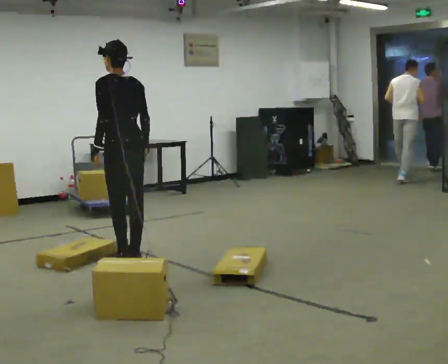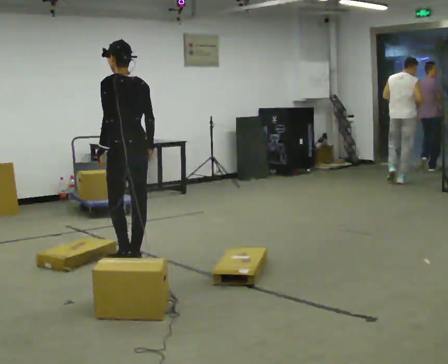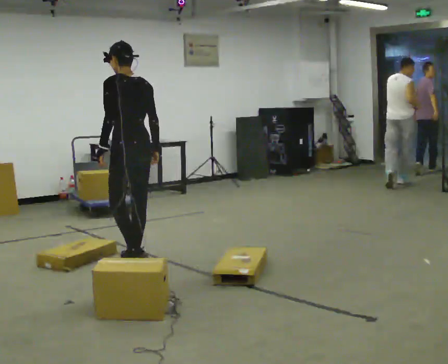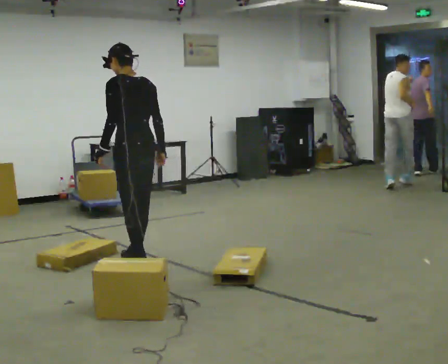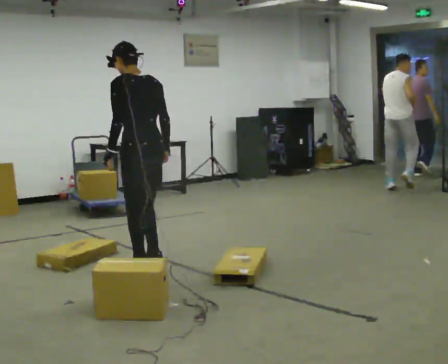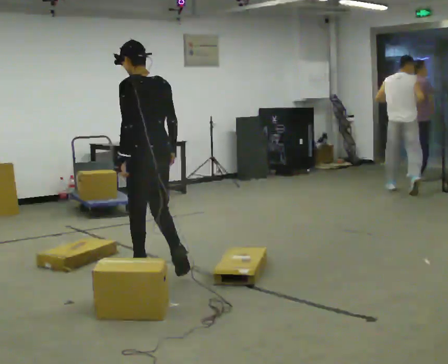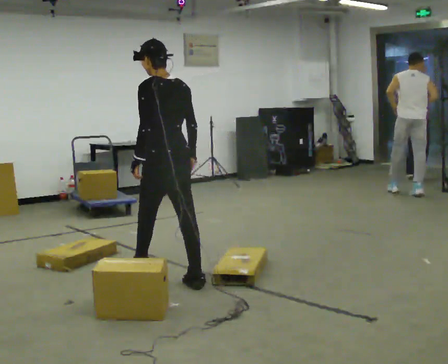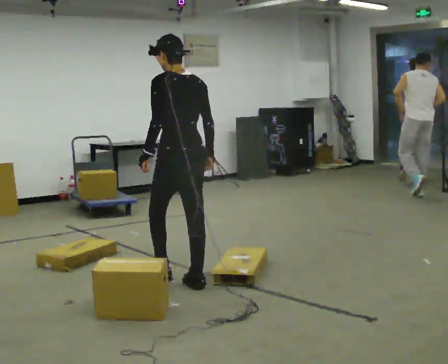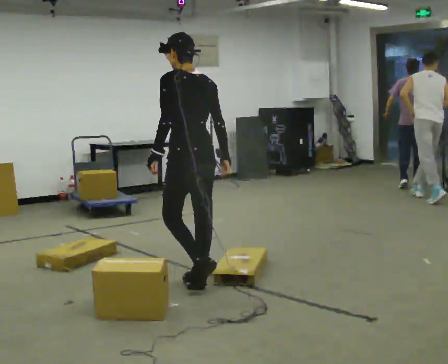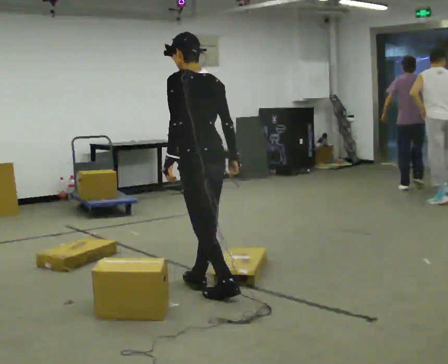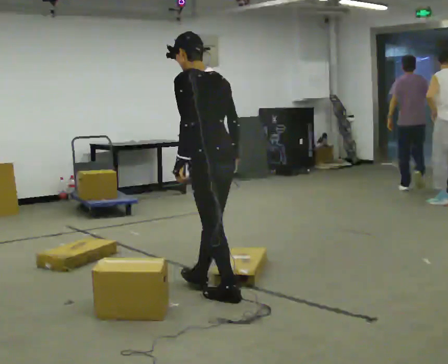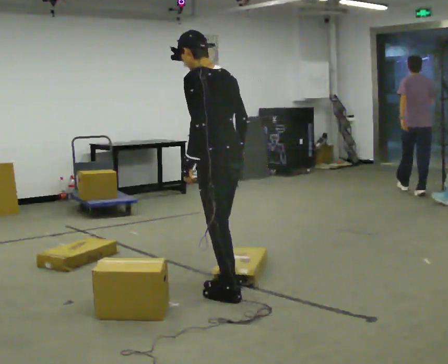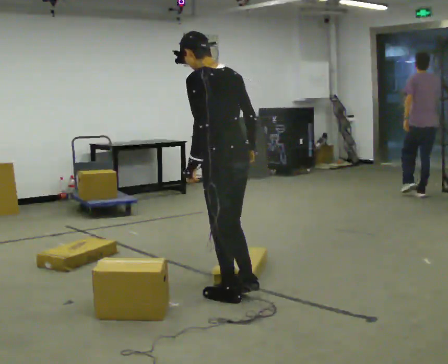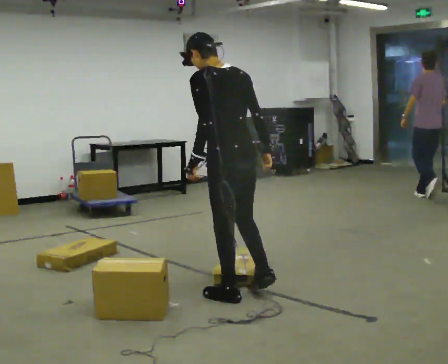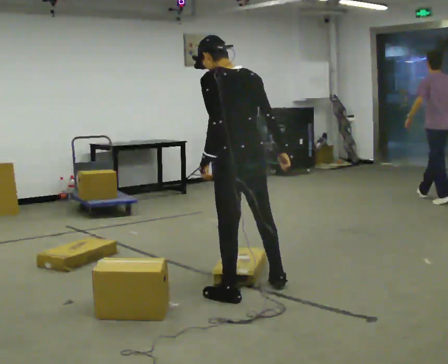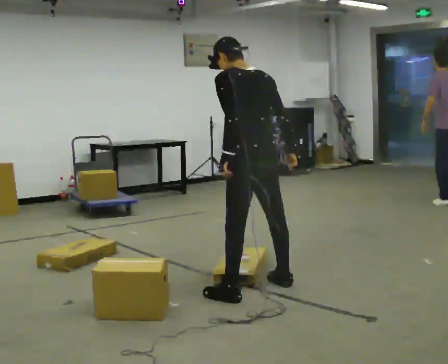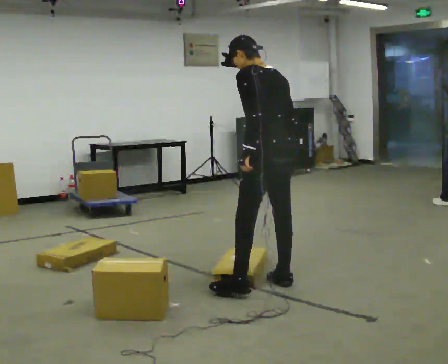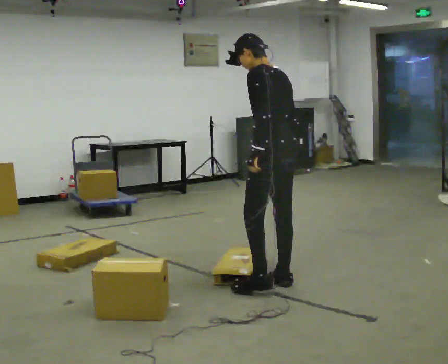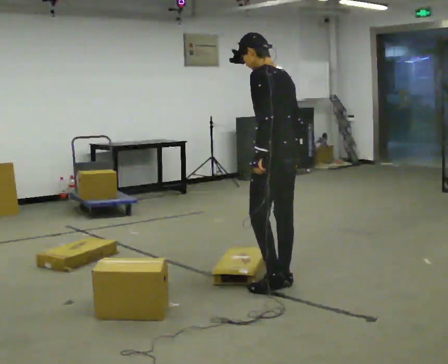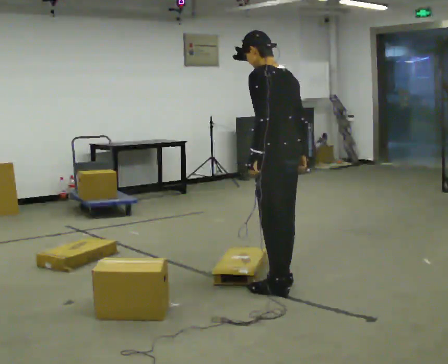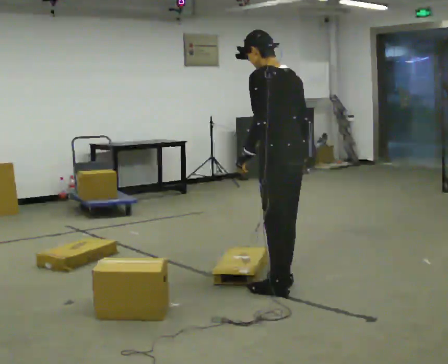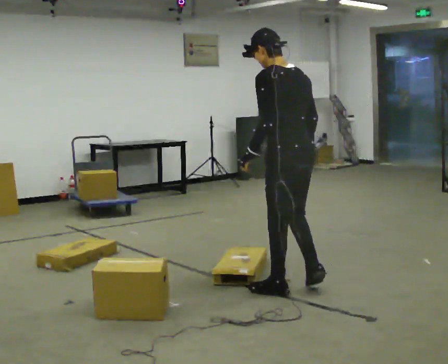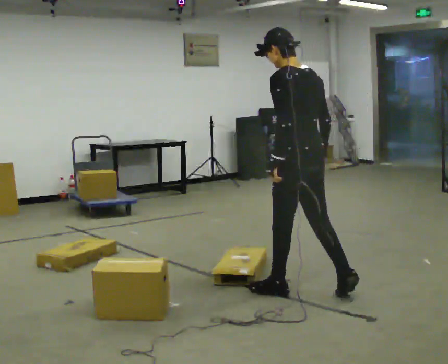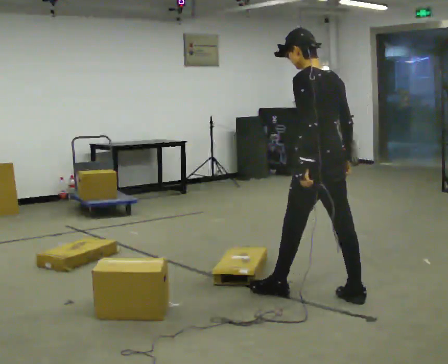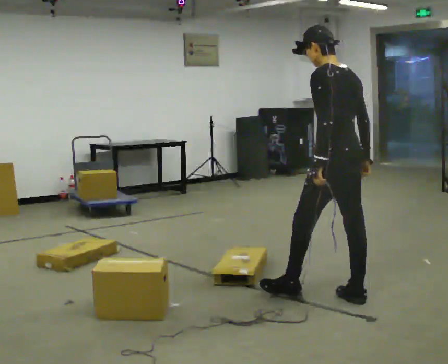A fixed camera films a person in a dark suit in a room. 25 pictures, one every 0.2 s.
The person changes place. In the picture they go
to the right.
0.0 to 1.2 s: In the picture they go toward the camera and to the right, about 0.5 m in 3 steps, which for them is backward.
1.2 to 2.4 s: In the picture they go toward the camera and to the right, about 0.5 m in 1 step, which for them is backward.
2.4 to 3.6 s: In the picture they go to the right and away from the camera, about 0.5 m in 1 step, which for them is to their right.
3.6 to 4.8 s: In the picture they go to the right and toward the camera, about 0.5 m in 2 steps, which for them is backward.
The film runs backward here.
